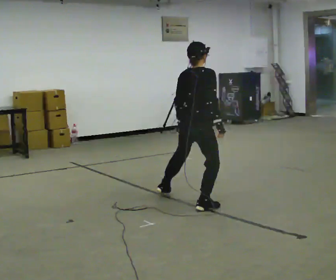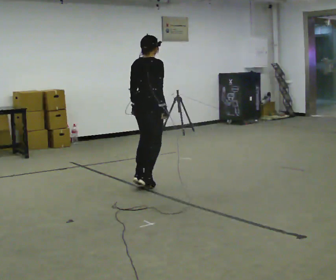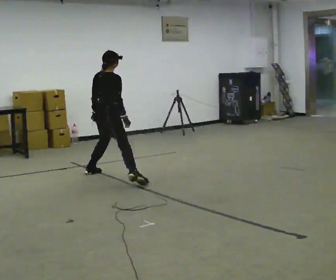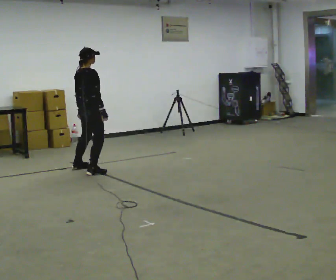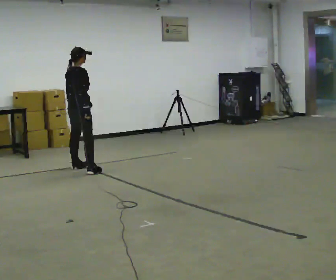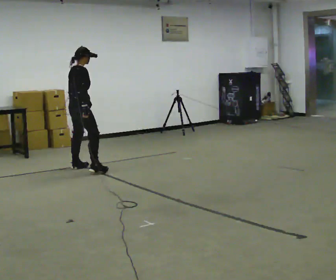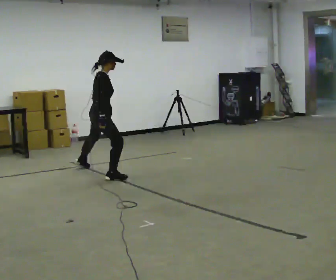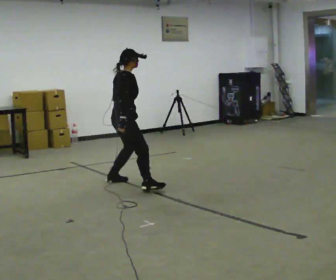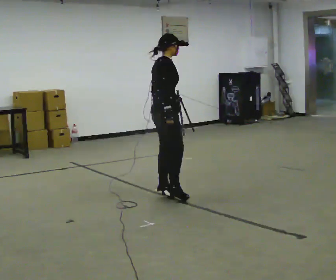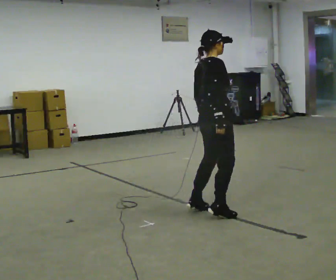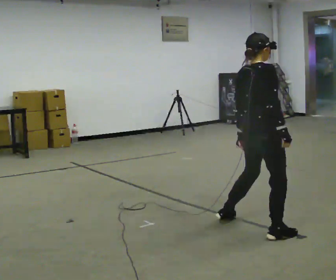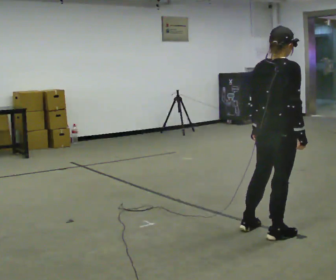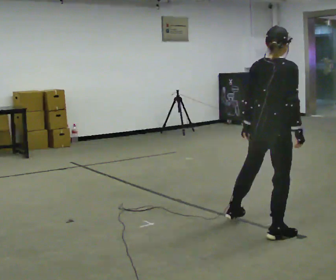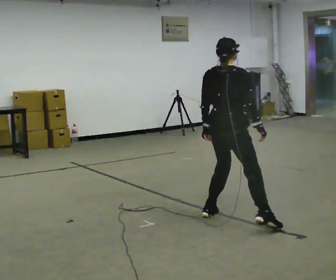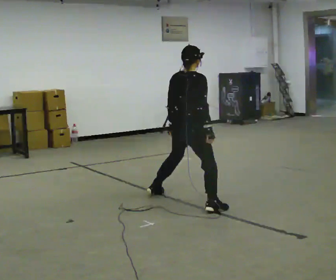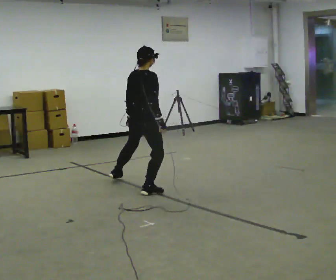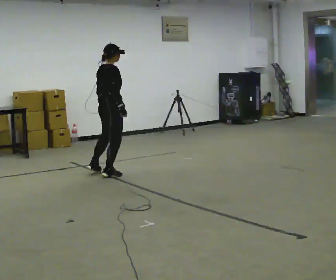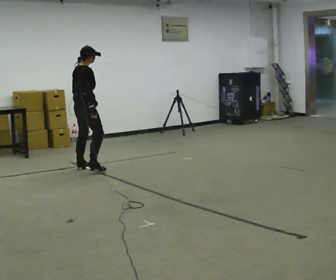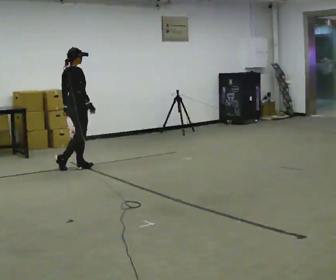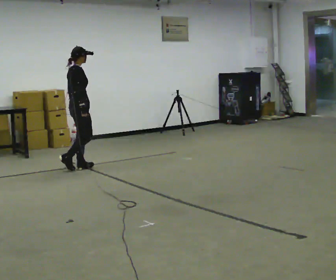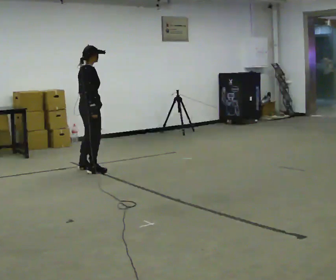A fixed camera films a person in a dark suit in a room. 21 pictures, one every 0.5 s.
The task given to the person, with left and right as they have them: Gallop forward leading with the leg the operator calls, keeping the same leg in front throughout.
0.0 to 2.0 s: In the picture they go to the left and away from the camera, about 2 m in 5 steps, which for them is to their left.
2.0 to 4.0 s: The person turns about 30 degrees to their right, clockwise seen from above, so the part of the body nearest the lens slides to the left. In the picture they go to the right and toward the camera, about 1.5 m in 3 steps, which for them is to their right.
4.0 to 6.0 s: Seen from above the body turns counterclockwise, about 30 degrees: to their left, with its near side sliding to the right. In the picture they go to the right and toward the camera, about 1.5 m in 5 steps, which for them is to their right.
6.0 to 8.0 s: In the picture they go to the left and away from the camera, about 2.5 m in 6 steps, which for them is to their left.
8.0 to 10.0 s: In the picture they go to the left and away from the camera, about 0.5 m in 3 steps, which for them is to their left.
The film runs forward here.
